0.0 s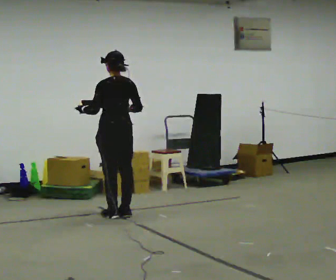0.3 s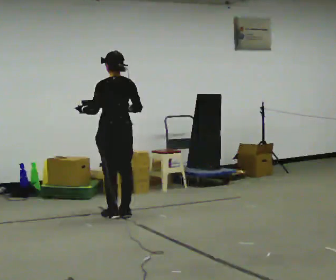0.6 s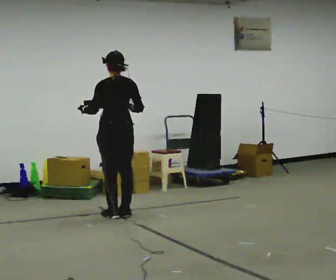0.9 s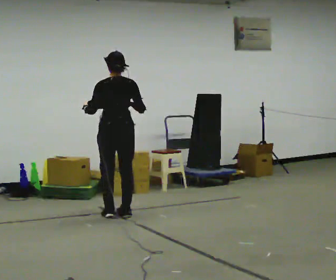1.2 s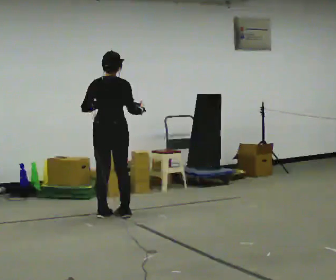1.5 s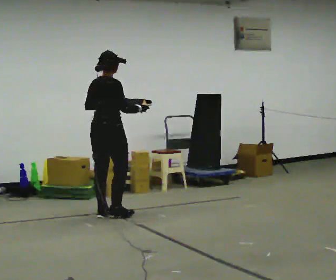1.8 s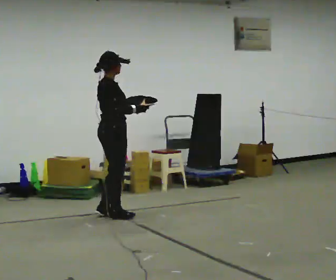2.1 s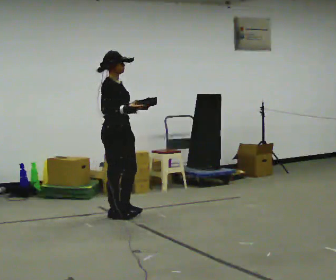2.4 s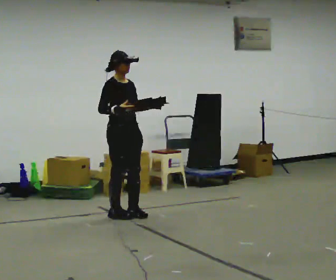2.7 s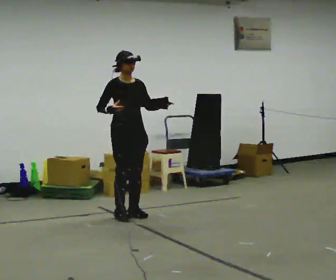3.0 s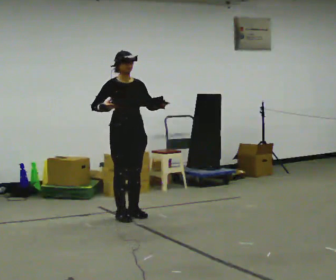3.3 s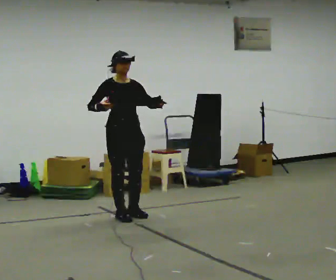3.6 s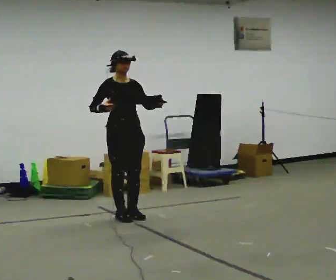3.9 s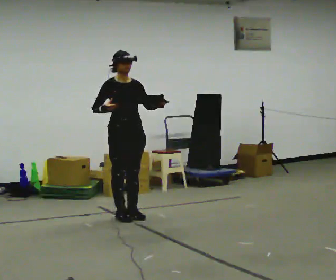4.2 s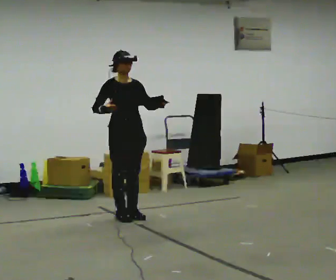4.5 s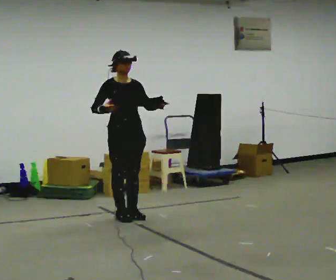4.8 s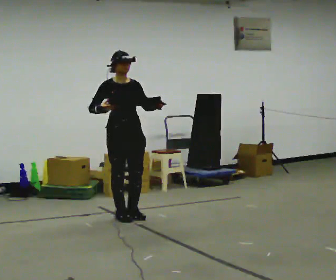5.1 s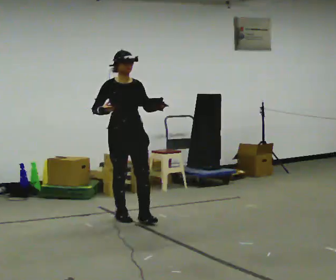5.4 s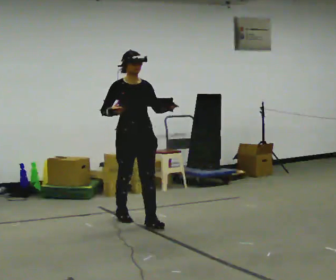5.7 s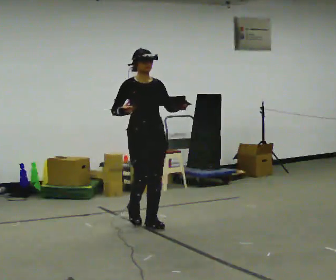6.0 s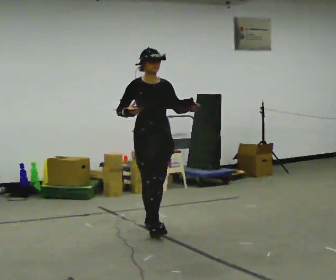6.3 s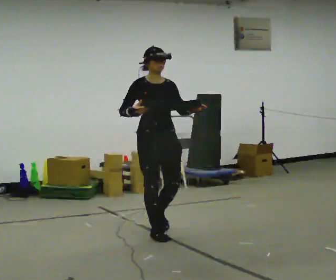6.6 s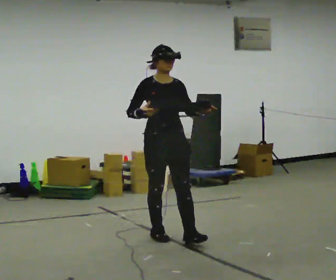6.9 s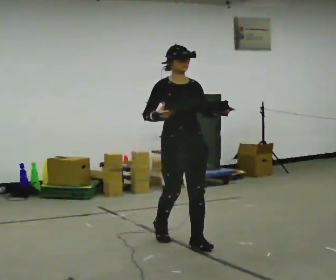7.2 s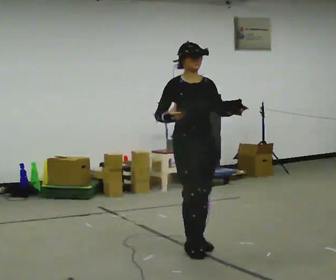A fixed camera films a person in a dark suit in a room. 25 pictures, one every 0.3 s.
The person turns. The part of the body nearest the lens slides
to the left.
The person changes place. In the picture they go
toward the camera.
0.0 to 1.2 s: The person turns about 45 degrees to their right, clockwise seen from above, so the part of the body nearest the lens slides to the left.
1.2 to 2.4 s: The person turns about 120 degrees to their right, clockwise seen from above, so the part of the body nearest the lens slides to the left. In the picture their left hand goes to the right.
2.4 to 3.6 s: Seen from above the body turns clockwise, about 30 degrees: to their right, with its near side sliding to the left.
3.6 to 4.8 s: The person moves a little, or ends about where they began.
4.8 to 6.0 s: In the picture they go toward the camera and to the right, about 0.5 m in 1 step, which for them is forward.
6.0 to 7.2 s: In the picture they go toward the camera and to the right, about 0.5 m in 2 steps, which for them is forward.
The film runs forward here.
